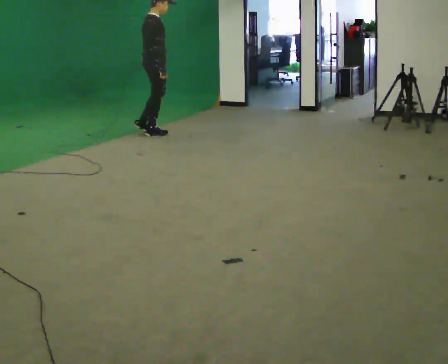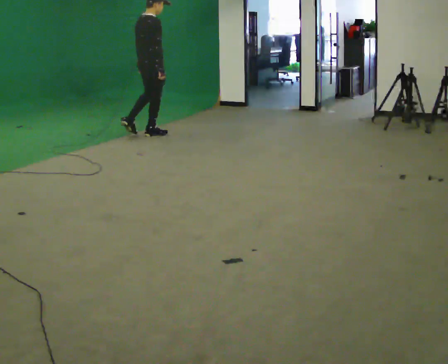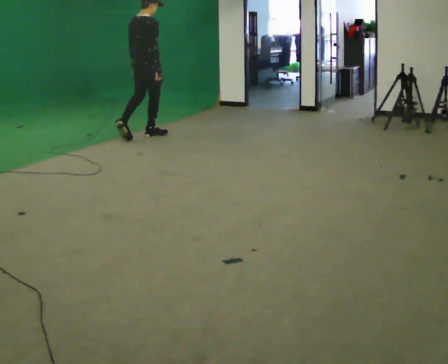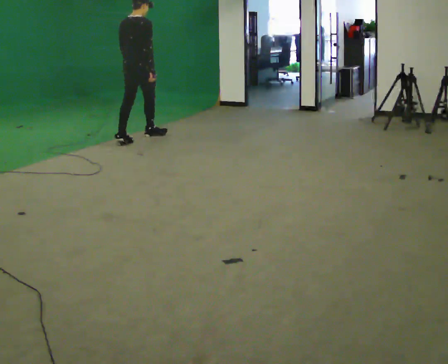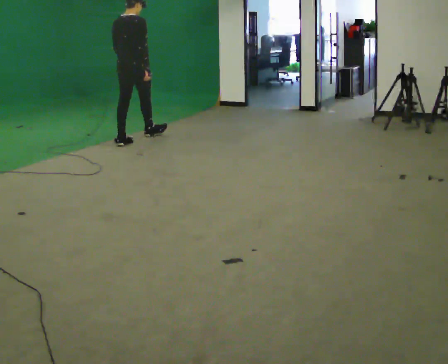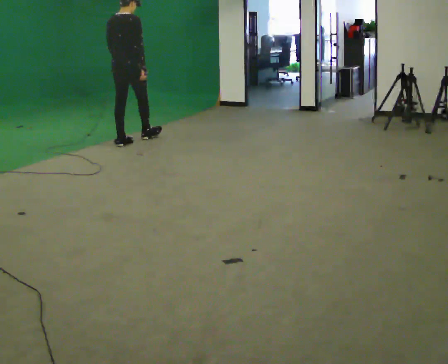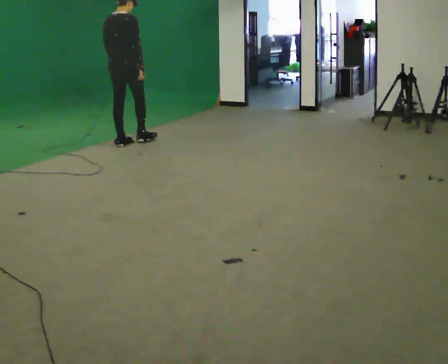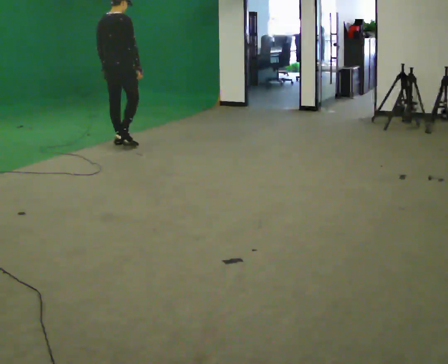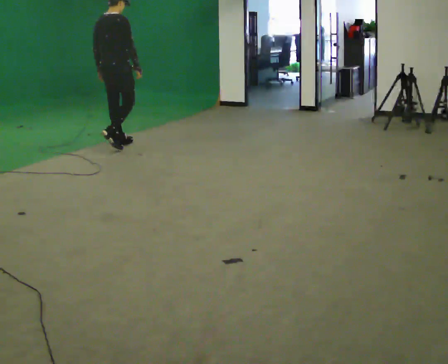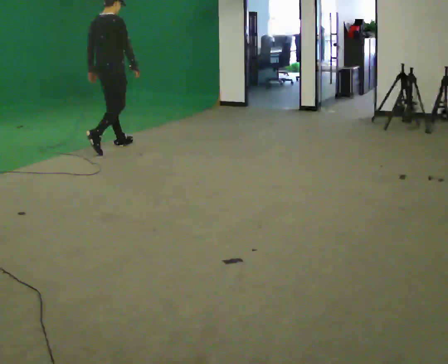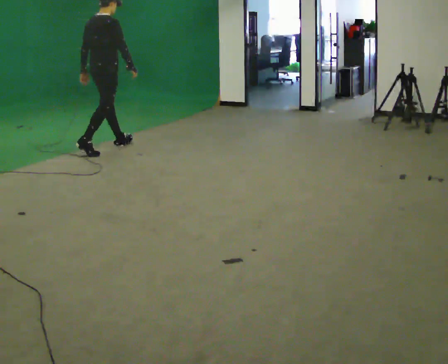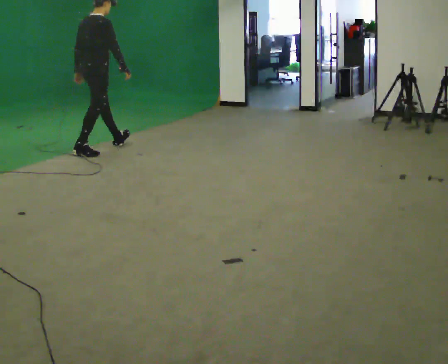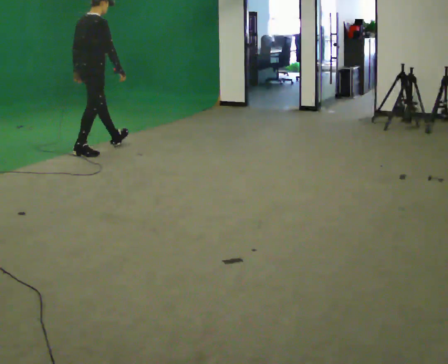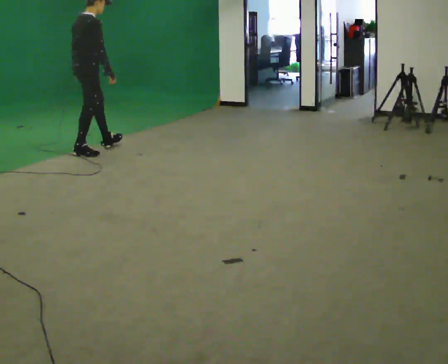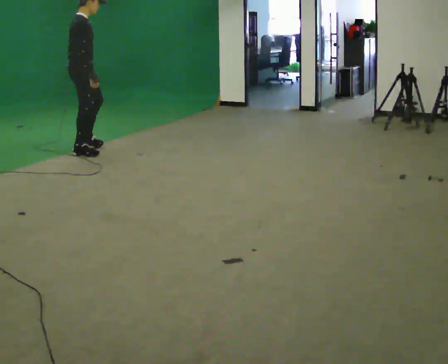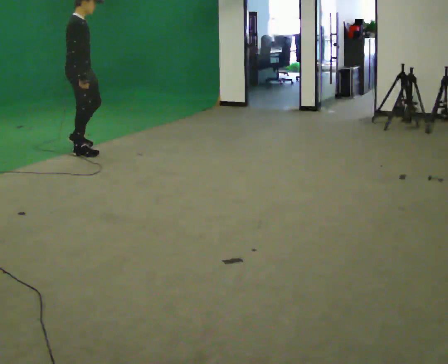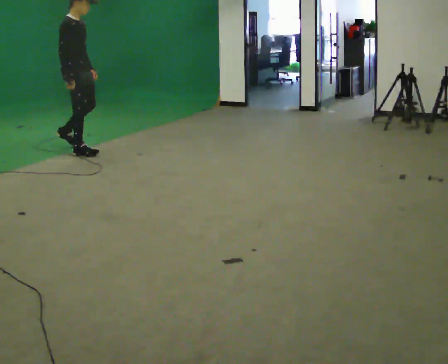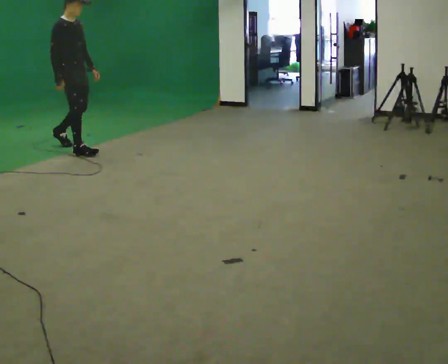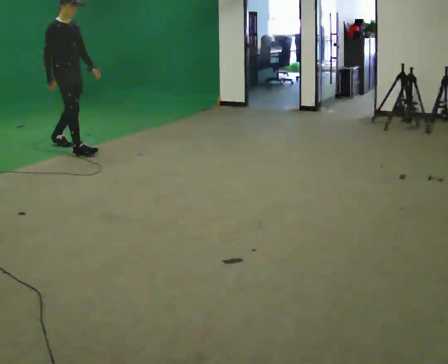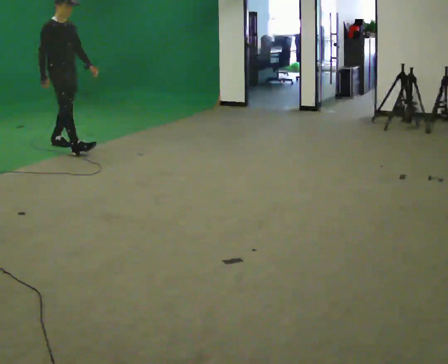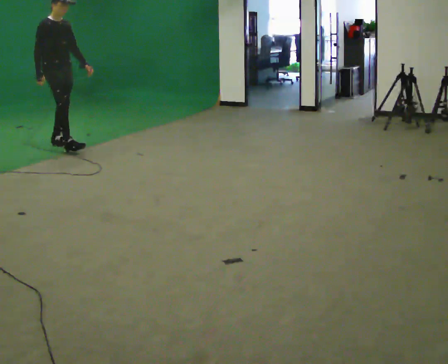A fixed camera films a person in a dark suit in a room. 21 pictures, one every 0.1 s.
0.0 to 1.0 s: The part of the body nearest the lens slides to the right as the person turns to their left by about 30 degrees. In the picture they go to the left and toward the camera, about 1 m in 1 step, which for them is backward.
1.0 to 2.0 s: The part of the body nearest the lens slides to the left as the person turns to their right by about 75 degrees. In the picture they go to the left, about 0.5 m in 2 steps.
The film runs backward here.
